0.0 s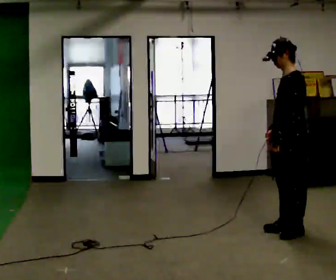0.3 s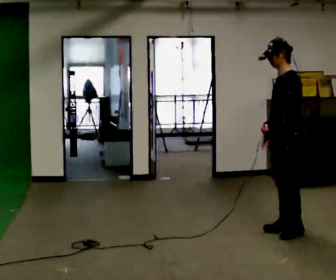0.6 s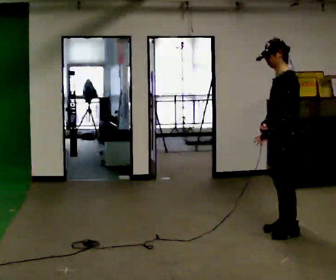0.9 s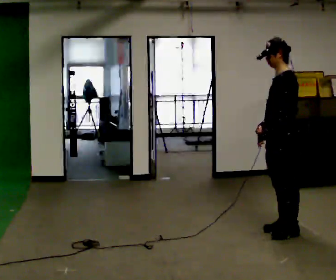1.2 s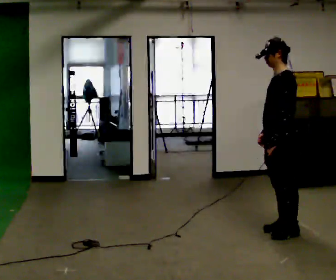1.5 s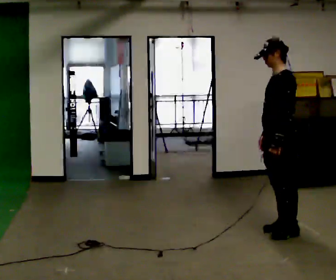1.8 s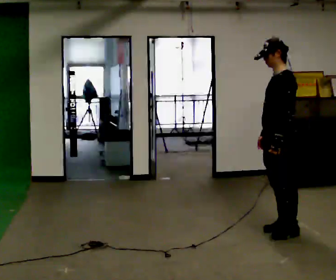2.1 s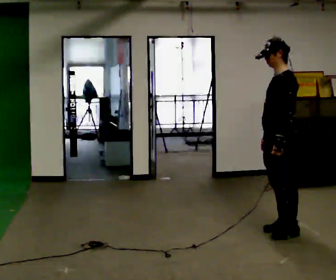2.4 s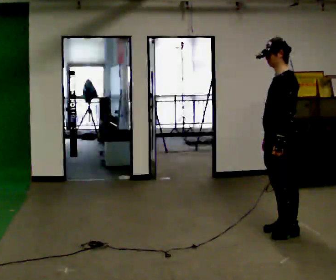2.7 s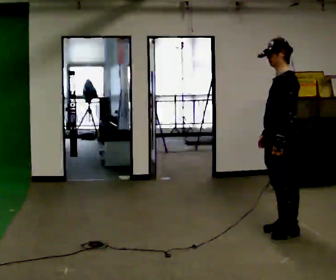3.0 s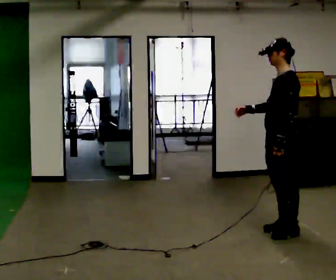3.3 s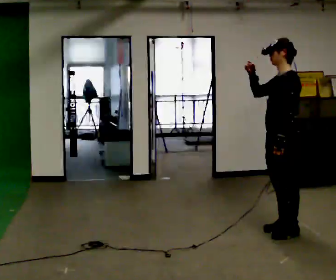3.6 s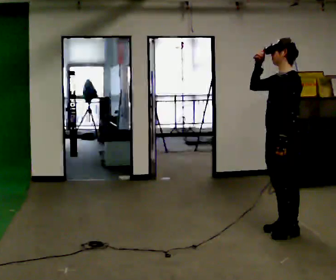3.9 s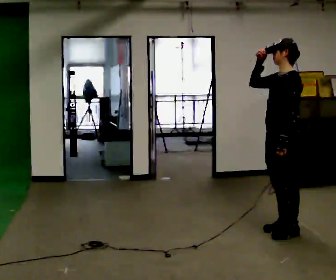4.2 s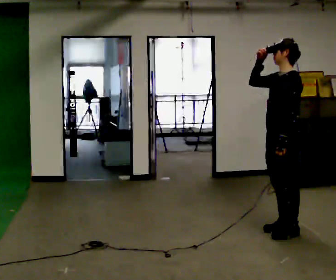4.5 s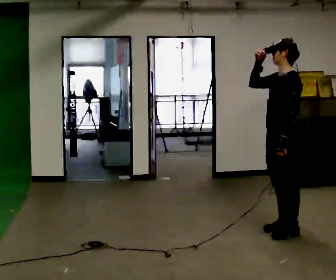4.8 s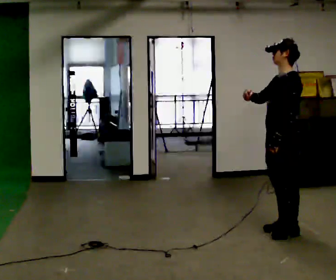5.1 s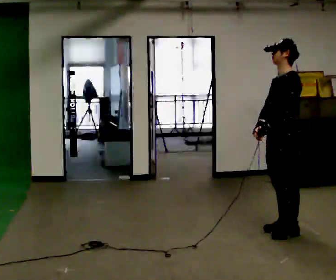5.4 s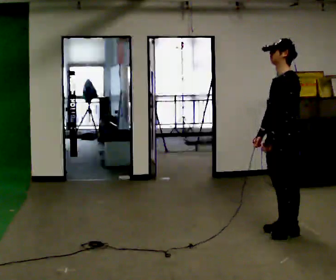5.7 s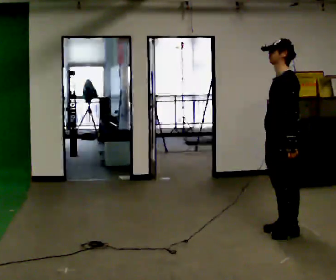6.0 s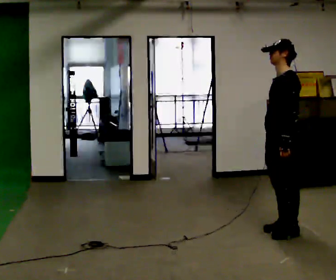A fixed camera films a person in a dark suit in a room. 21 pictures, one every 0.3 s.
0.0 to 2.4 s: The person moves a little, or ends about where they began.
2.4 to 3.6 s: In the picture their right hand goes upward.
3.6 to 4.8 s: In the picture their right hand goes downward.
4.8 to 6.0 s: In the picture their right hand goes downward.
The film runs forward here.
